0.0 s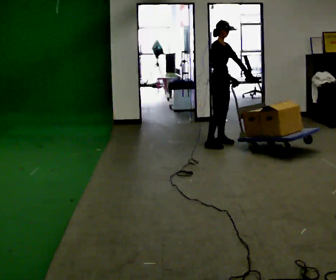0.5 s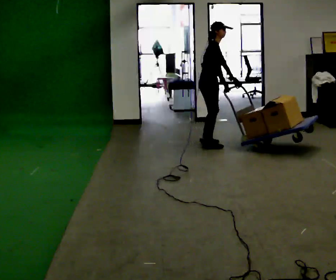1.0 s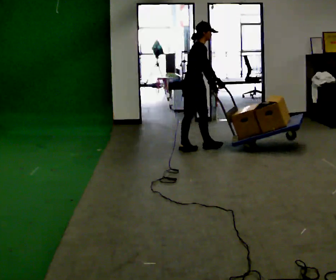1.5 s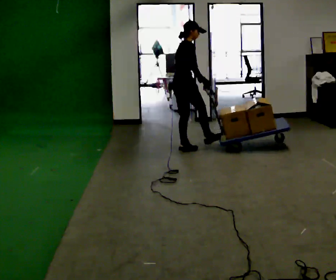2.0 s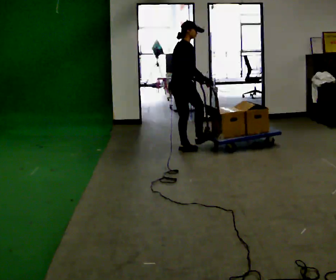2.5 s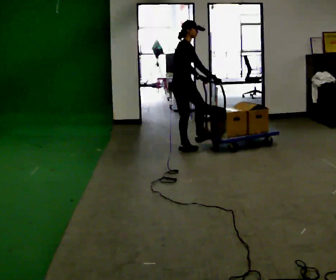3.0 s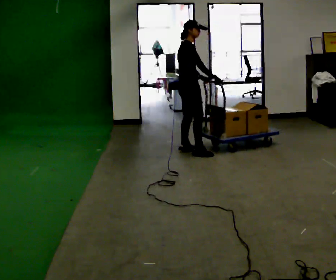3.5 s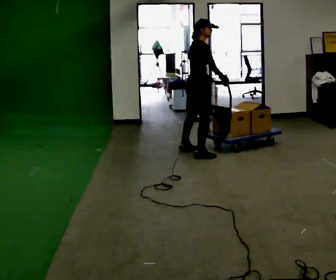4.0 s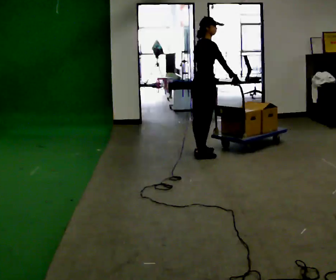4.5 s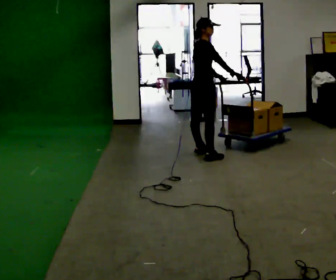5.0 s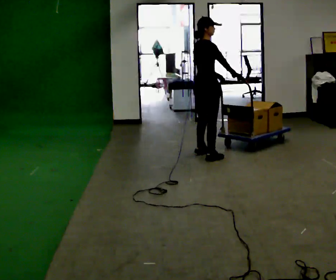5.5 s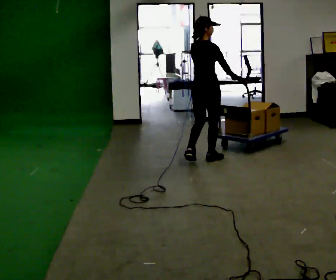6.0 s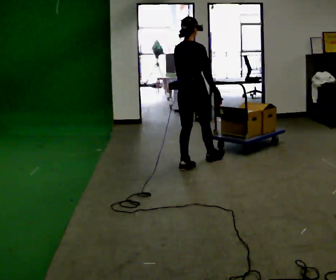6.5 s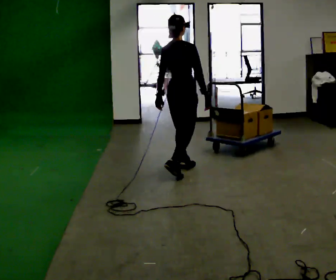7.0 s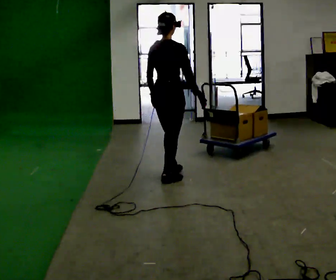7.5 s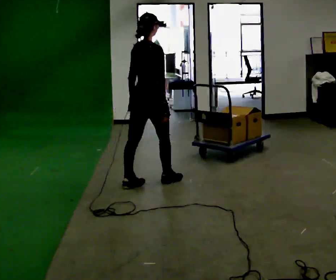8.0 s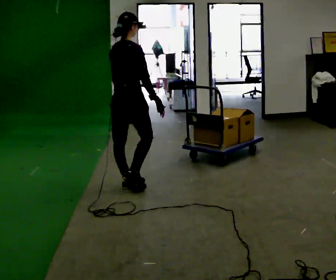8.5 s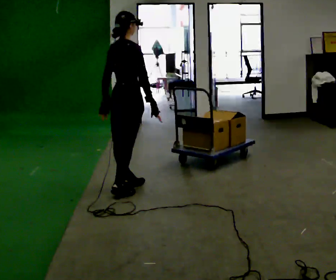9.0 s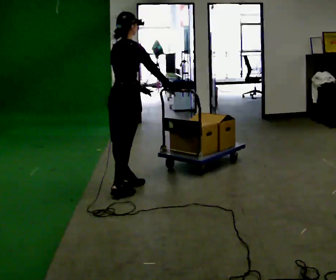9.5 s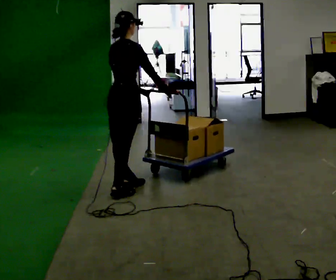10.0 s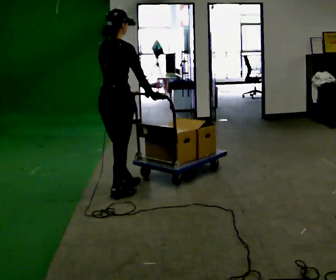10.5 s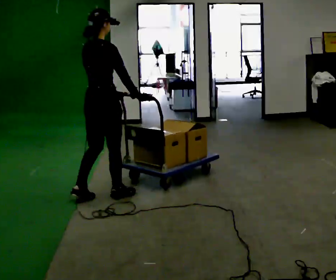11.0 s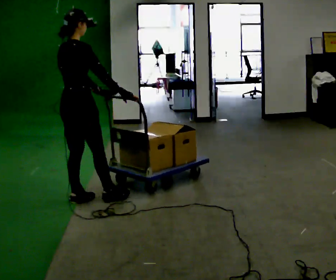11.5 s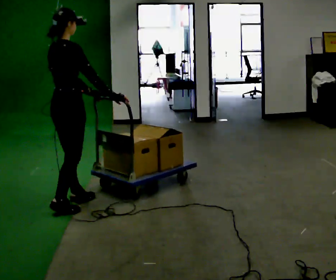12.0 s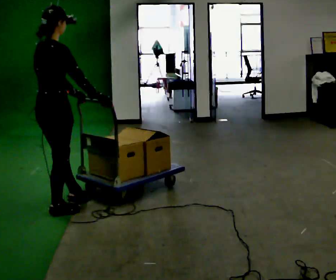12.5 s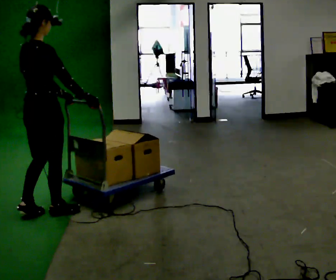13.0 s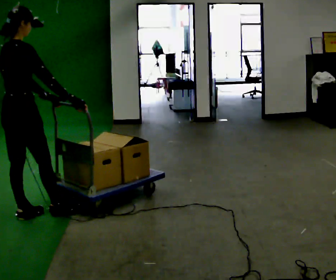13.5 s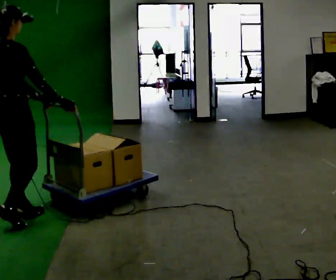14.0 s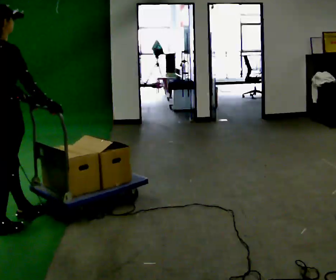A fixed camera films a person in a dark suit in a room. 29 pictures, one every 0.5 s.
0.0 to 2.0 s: The part of the body nearest the lens slides to the right as the person turns to their left by about 45 degrees. In the picture they go to the left and toward the camera, about 0.75 m in 2 steps, which for them is backward and to their right.
2.0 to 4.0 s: In the picture they go to the right and toward the camera, about 0.25 m in 2 steps, which for them is to their right and forward.
4.0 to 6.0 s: Seen from above the body turns counterclockwise, about 30 degrees: to their left, with its near side sliding to the right. In the picture they go toward the camera, about 0.5 m in 2 steps, which for them is to their right and backward.
6.0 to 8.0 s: In the picture they go toward the camera and to the left, about 1 m in 3 steps, which for them is backward.
8.0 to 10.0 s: In the picture they go toward the camera, about 0.25 m in 1 step, which for them is backward and to their right.
10.0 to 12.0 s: In the picture they go toward the camera and to the left, about 0.75 m in 2 steps, which for them is backward.
12.0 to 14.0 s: In the picture they go toward the camera and to the left, about 0.5 m in 1 step, which for them is backward.
The film runs backward here.
